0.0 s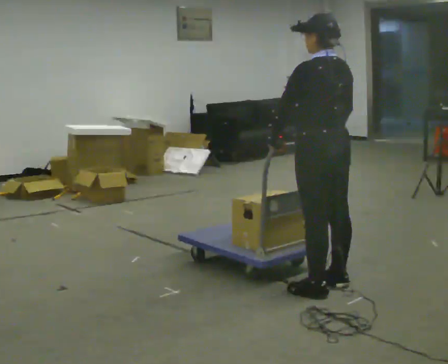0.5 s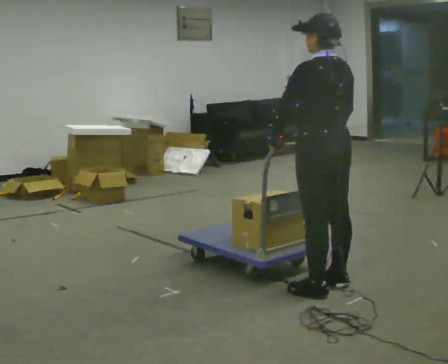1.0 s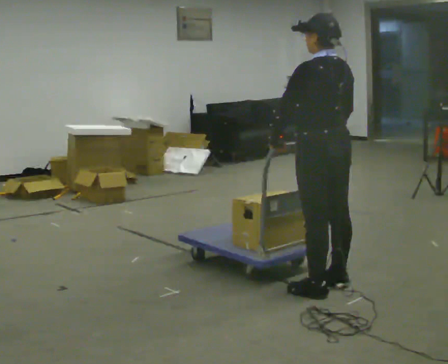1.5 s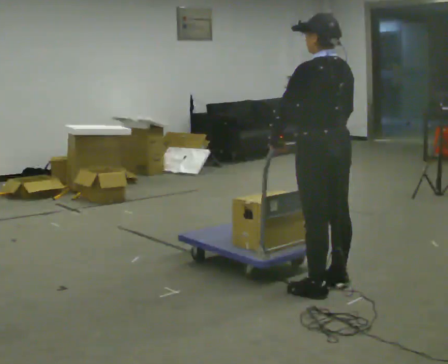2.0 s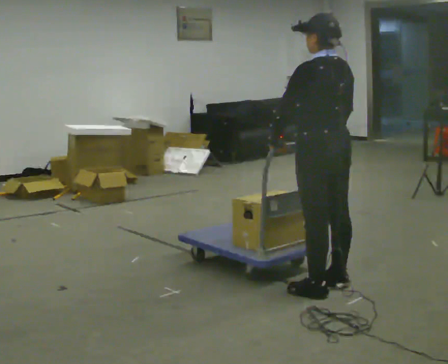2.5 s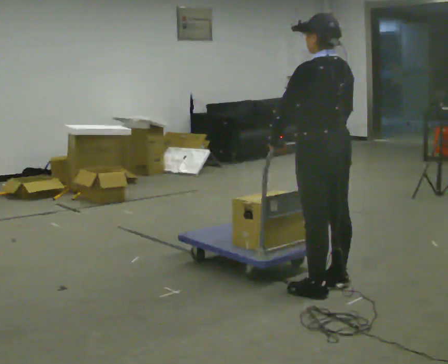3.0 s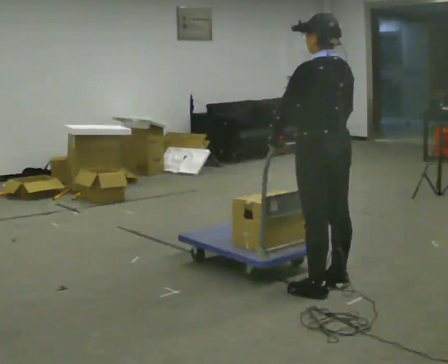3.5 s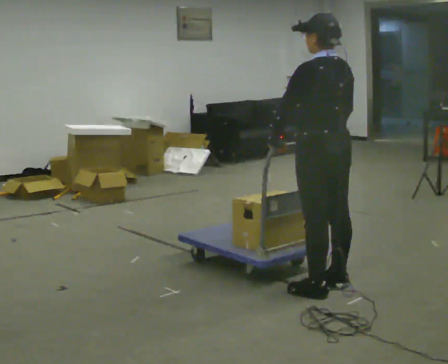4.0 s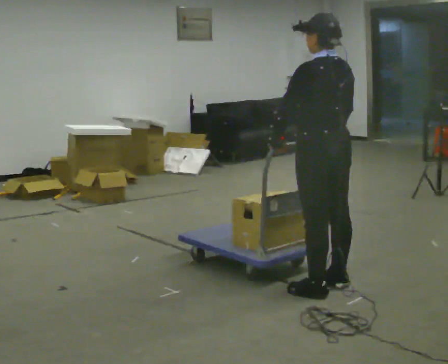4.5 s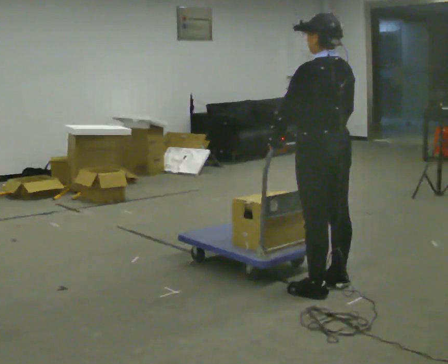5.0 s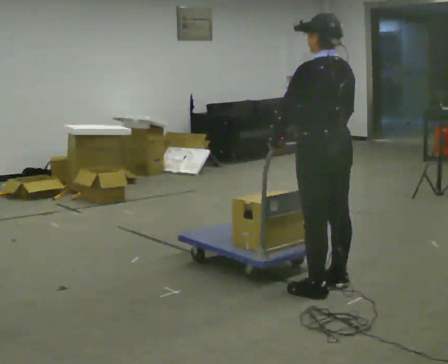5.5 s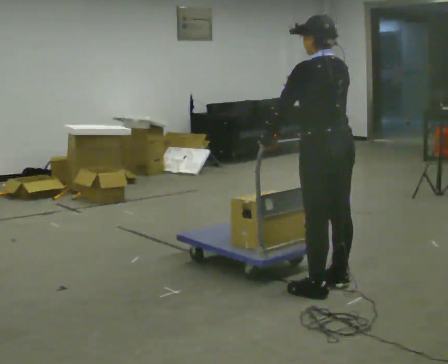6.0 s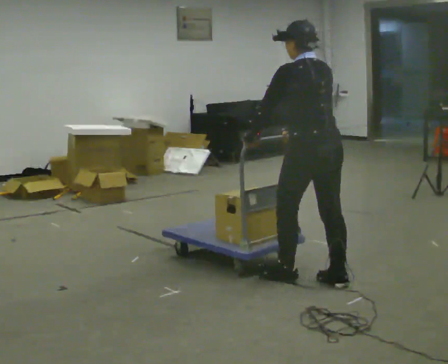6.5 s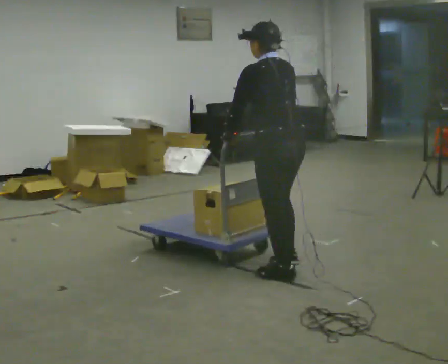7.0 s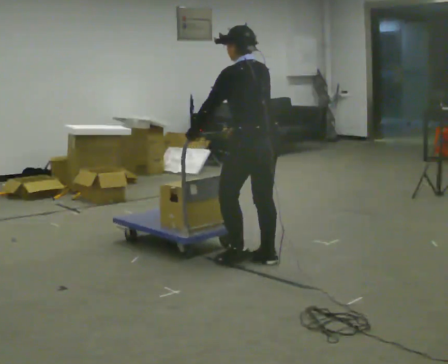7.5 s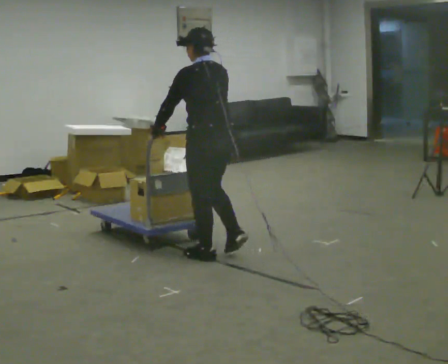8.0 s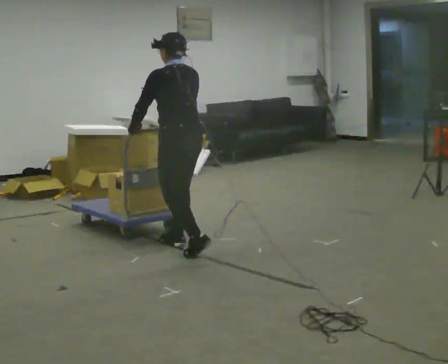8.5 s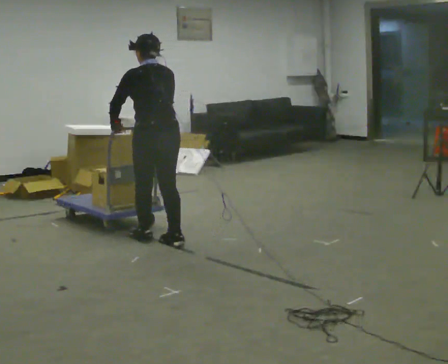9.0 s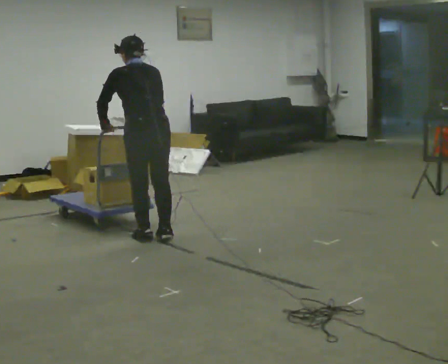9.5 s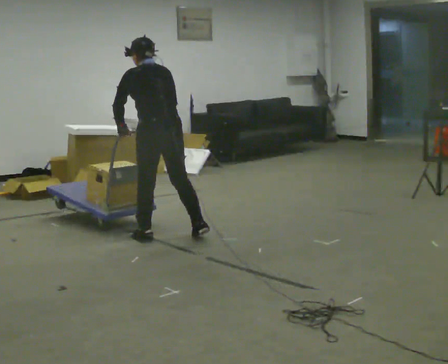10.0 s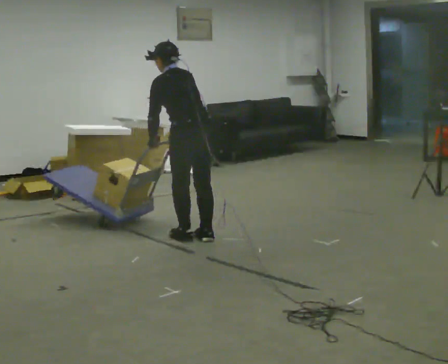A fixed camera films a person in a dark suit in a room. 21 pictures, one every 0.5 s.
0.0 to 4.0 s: The person keeps their place and pose.
4.0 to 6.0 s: The person moves a little, or ends about where they began.
6.0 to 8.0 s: In the picture they go to the left and away from the camera, about 1 m in 4 steps, which for them is forward.
8.0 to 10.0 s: In the picture they go away from the camera, about 0.25 m in 4 steps, which for them is forward and to their right. In the picture the upper body tilts counterclockwise, shoulders to the left, as they bend forward.
The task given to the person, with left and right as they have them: Stand still with your hands on the cart. When the operator says go, get it moving, push it a few metres, then bring it to a stop. Repeat until the operator says stop.
The film runs forward here.
